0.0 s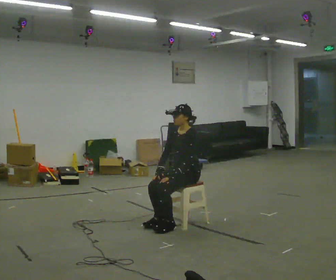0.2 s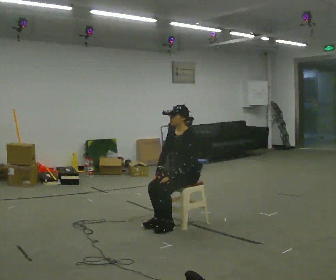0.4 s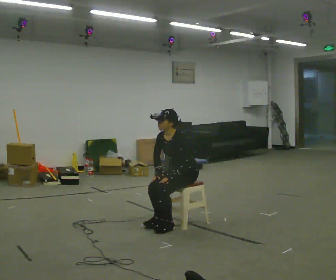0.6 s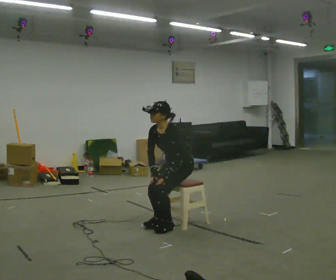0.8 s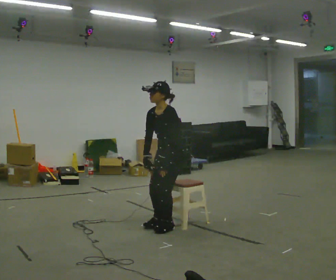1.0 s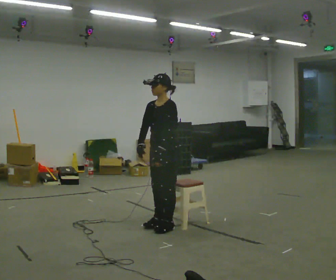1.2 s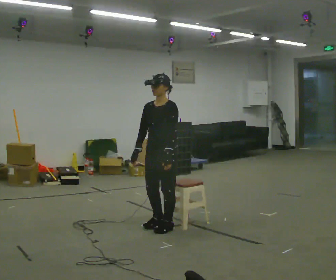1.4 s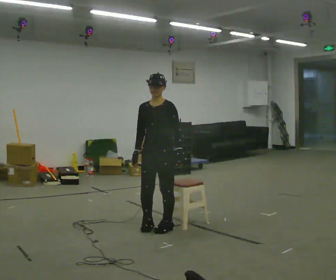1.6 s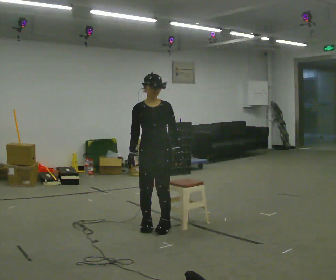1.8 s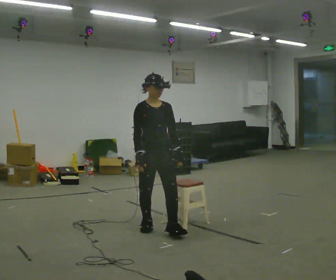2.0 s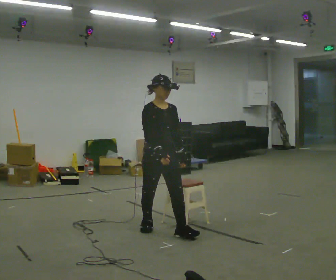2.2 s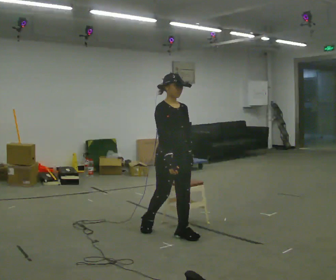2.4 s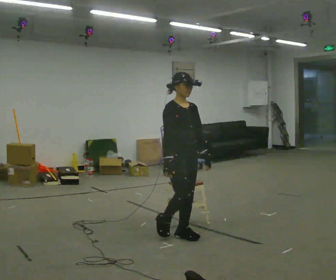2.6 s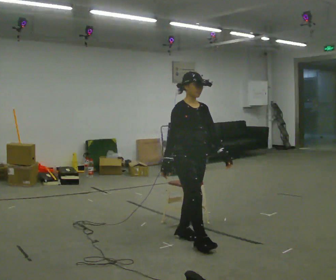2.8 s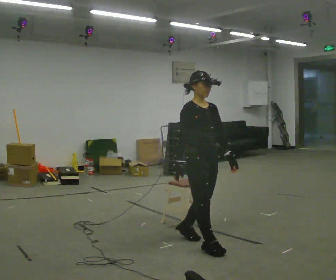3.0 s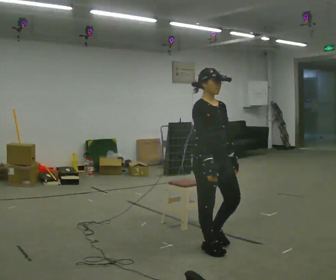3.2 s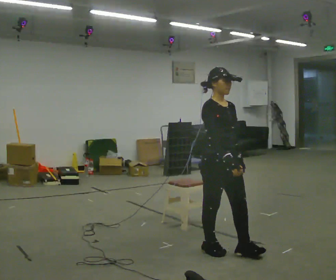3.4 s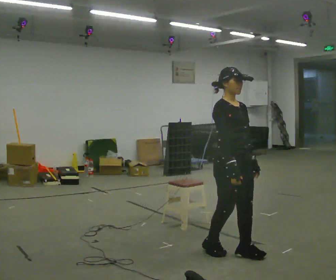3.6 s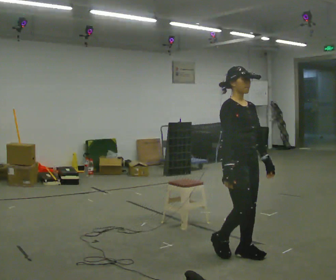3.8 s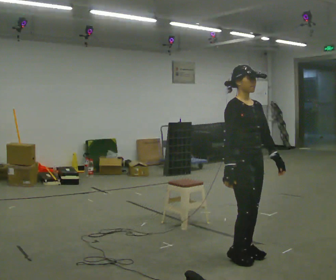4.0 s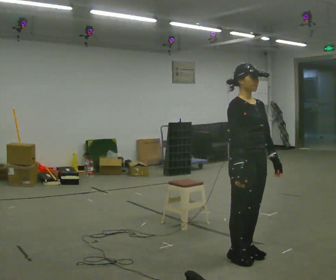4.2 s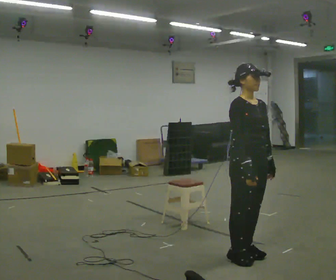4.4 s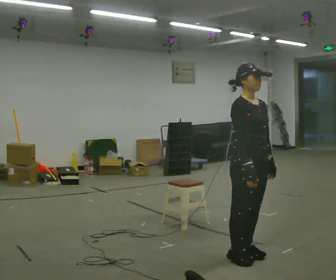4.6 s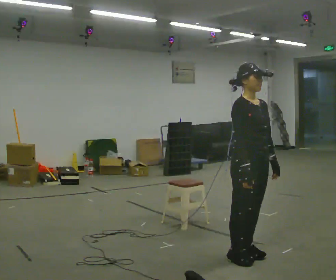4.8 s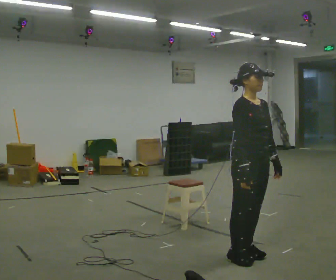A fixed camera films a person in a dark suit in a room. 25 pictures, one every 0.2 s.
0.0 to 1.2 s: In the picture they go to the left and toward the camera, about 0.25 m, which for them is forward. The upper body goes upward.
1.2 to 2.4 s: Seen from above the body turns counterclockwise, about 75 degrees: to their left, with its near side sliding to the right. In the picture they go toward the camera and to the right, about 0.25 m in 2 steps.
2.4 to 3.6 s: In the picture they go toward the camera and to the right, about 0.5 m in 2 steps, which for them is forward.
3.6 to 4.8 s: The person moves a little, or ends about where they began.
The film runs forward here.
